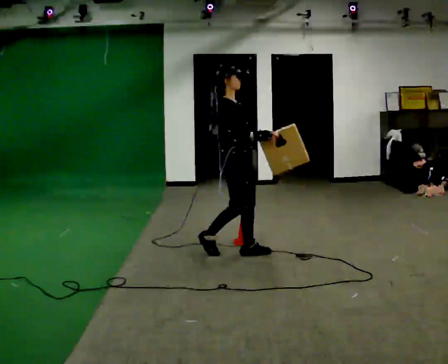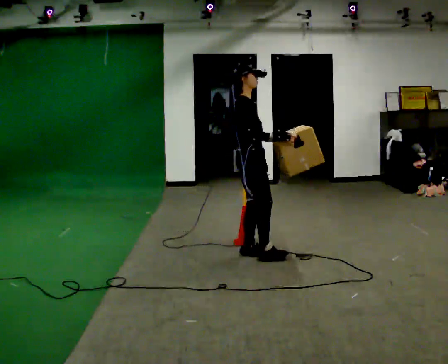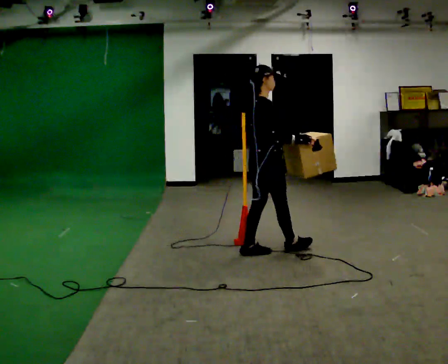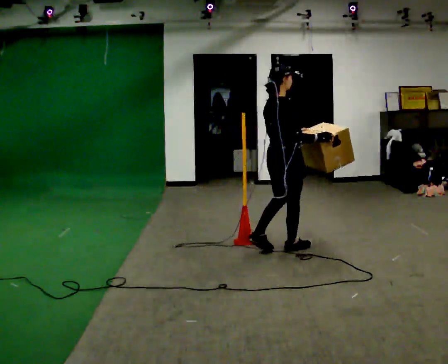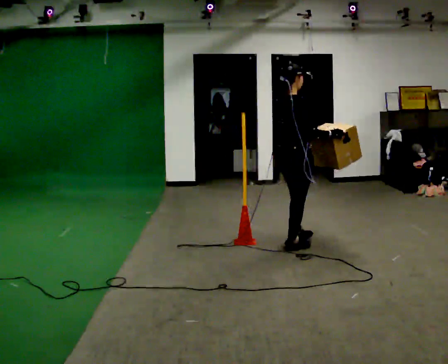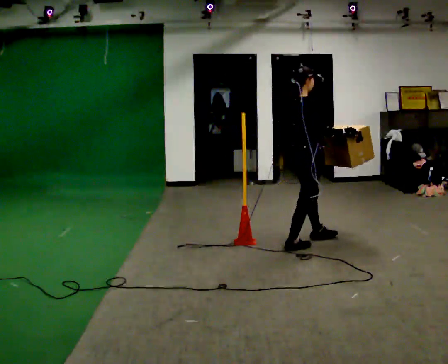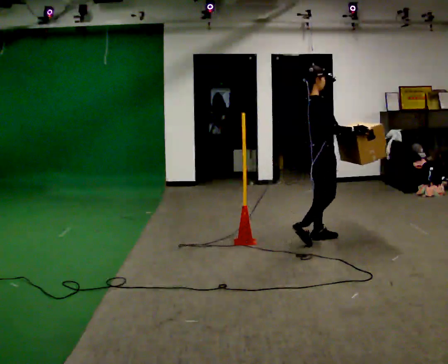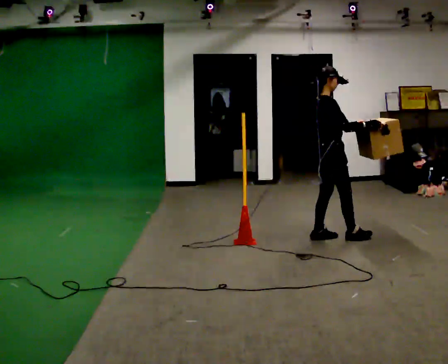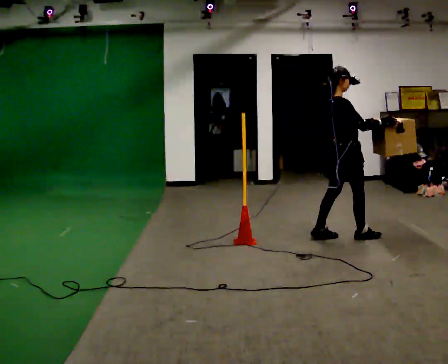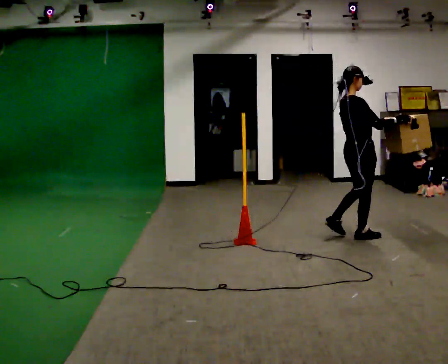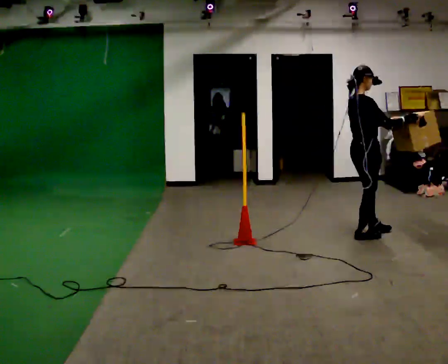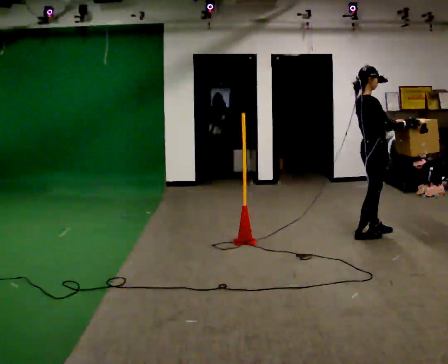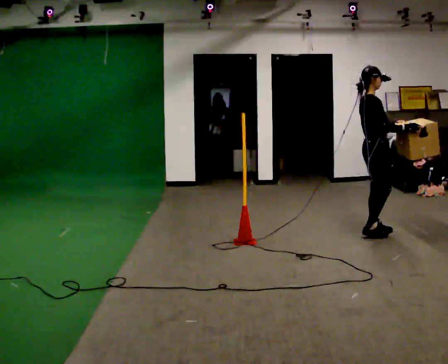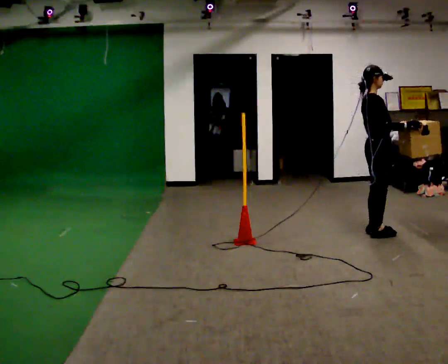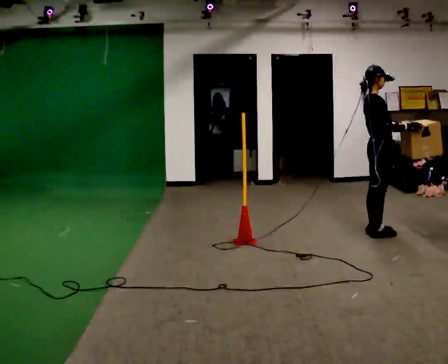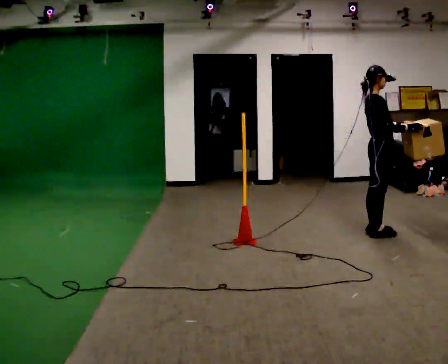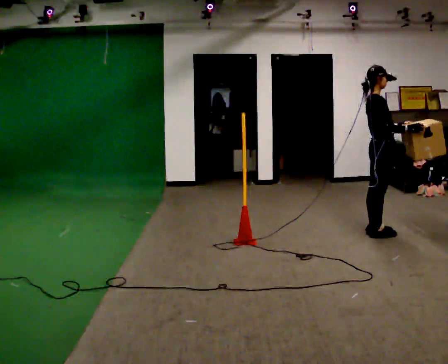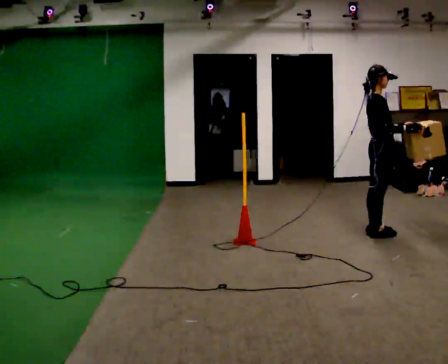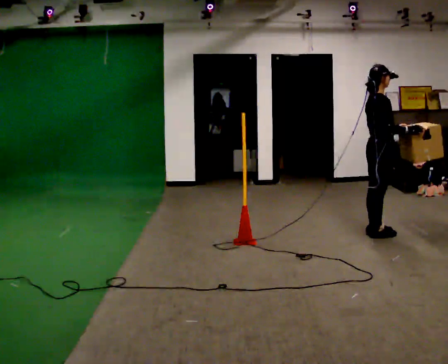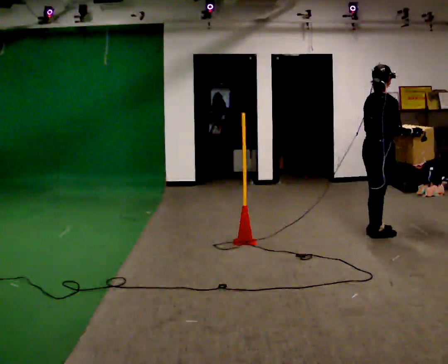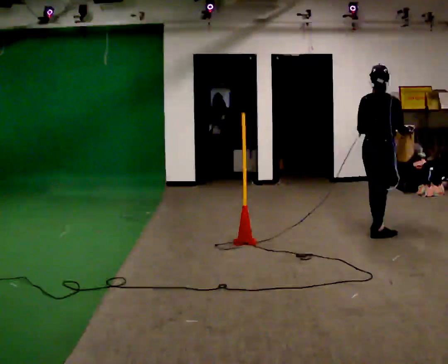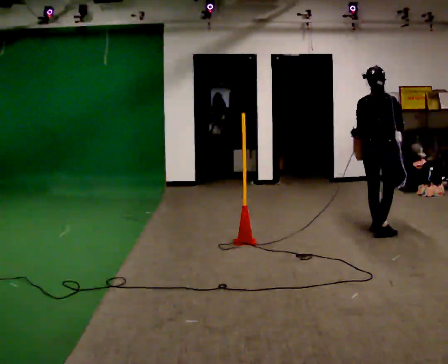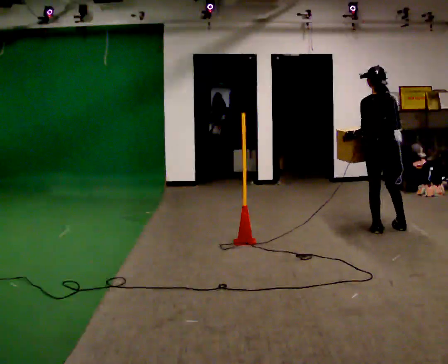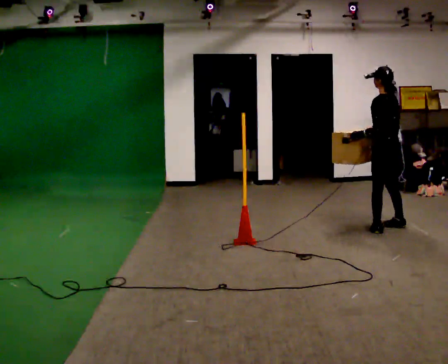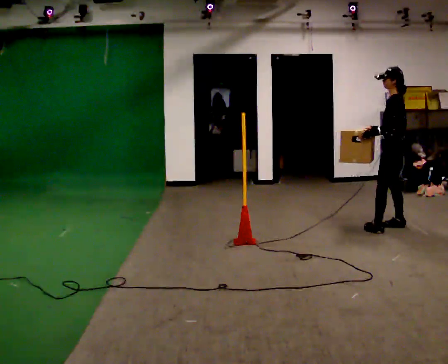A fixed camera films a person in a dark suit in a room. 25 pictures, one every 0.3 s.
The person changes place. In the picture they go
to the right.
0.0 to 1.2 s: The person turns about 45 degrees to their left, counterclockwise seen from above, so the part of the body nearest the lens slides to the right. In the picture they go to the right and away from the camera, about 0.5 m in 1 step, which for them is forward.
1.2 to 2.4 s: In the picture they go to the right and away from the camera, about 0.5 m in 2 steps, which for them is forward.
2.4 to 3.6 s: In the picture they go to the right and away from the camera, about 0.25 m in 1 step, which for them is forward.
3.6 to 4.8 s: The person moves a little, or ends about where they began.
4.8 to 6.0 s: The person turns about 60 degrees to their left, counterclockwise seen from above, so the part of the body nearest the lens slides to the right. In the picture their left hand goes to the left, the arm swinging clockwise.
6.0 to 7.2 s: The person turns about 105 degrees to their left, counterclockwise seen from above, so the part of the body nearest the lens slides to the right. In the picture they go away from the camera and to the right, about 0.25 m in 1 step.
The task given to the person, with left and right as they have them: Carry the box across the room. The operator will step into your path partway across, so go around them and carry on. Keep going until the operator says stop; one object at a time, and do not rush between trips.
The film runs forward here.
